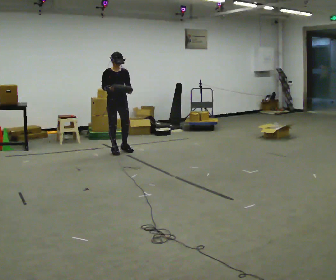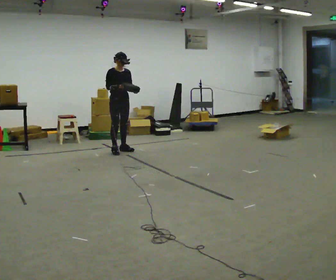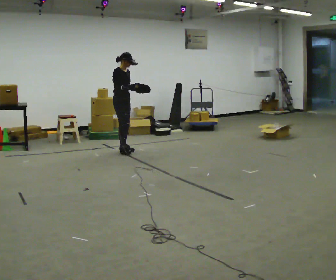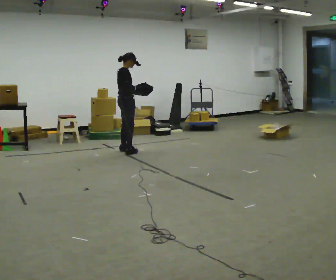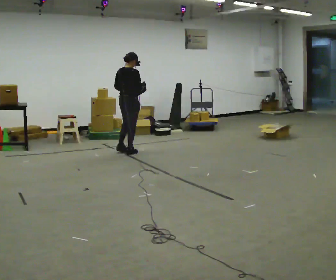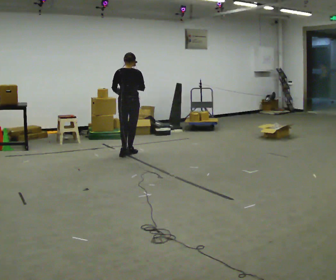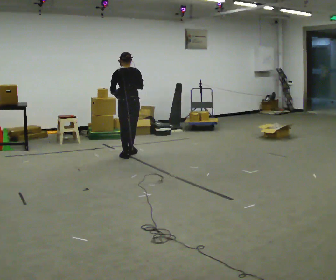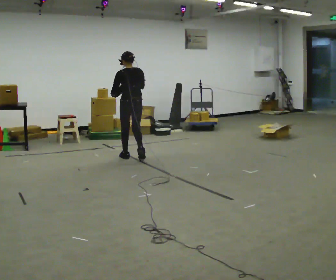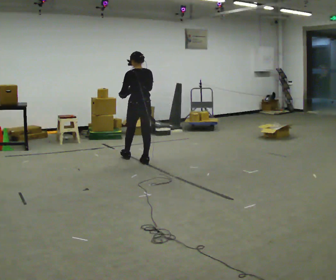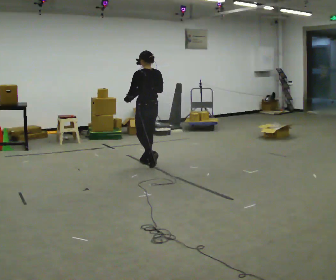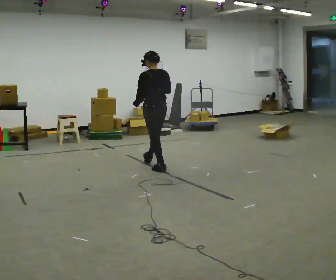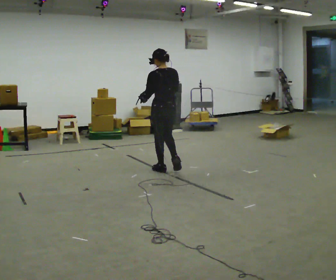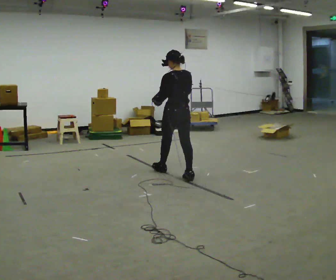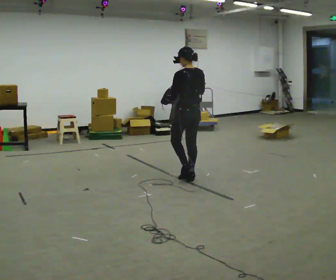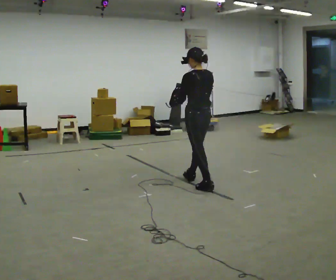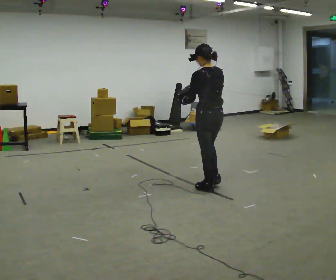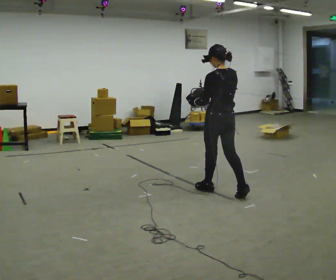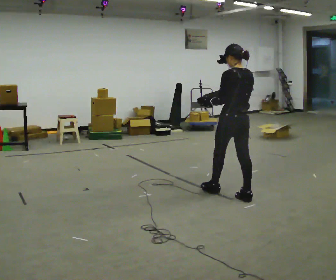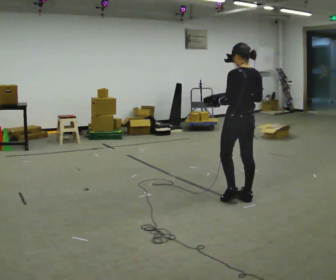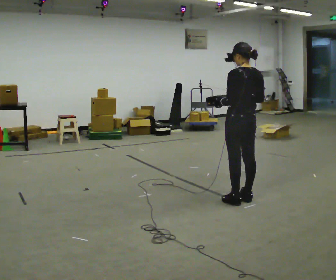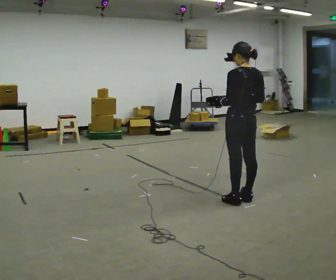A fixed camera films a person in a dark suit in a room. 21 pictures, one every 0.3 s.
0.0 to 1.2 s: Seen from above the body turns counterclockwise, about 120 degrees: to their left, with its near side sliding to the right. In the picture they go to the right, about 0.25 m in 2 steps. In the picture their right hand goes to the right.
1.2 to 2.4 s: The part of the body nearest the lens slides to the right as the person turns to their left by about 60 degrees. In the picture they go toward the camera and to the right, about 0.5 m in 2 steps.
2.4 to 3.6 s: In the picture they go toward the camera and to the right, about 1 m in 2 steps, which for them is backward.
3.6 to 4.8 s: In the picture they go toward the camera and to the right, about 1 m in 1 step, which for them is backward.
4.8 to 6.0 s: In the picture they go toward the camera and to the right, about 0.25 m in 1 step, which for them is backward.
The film runs backward here.
